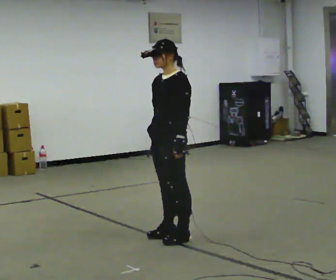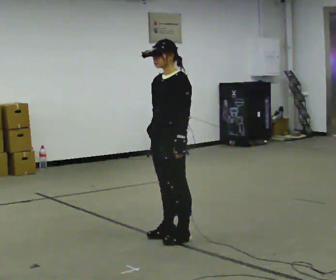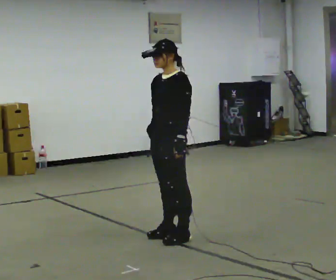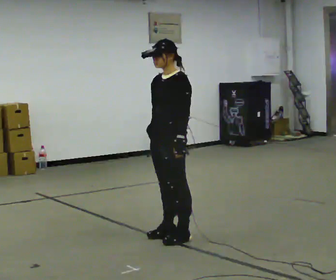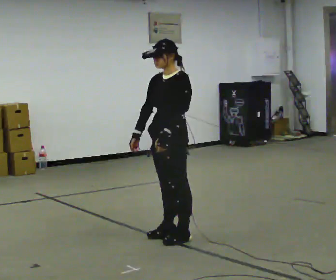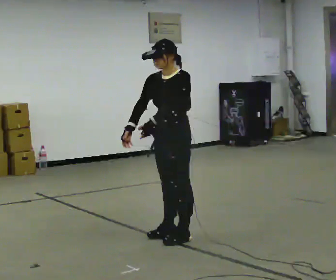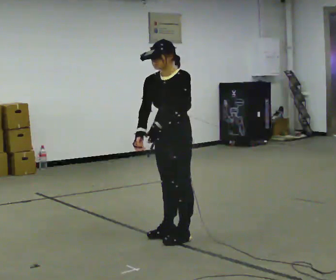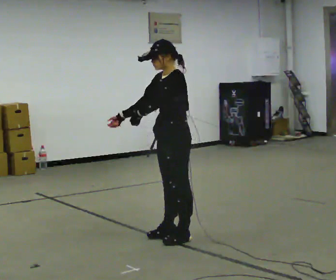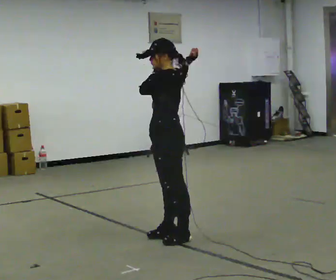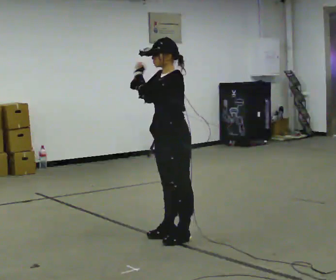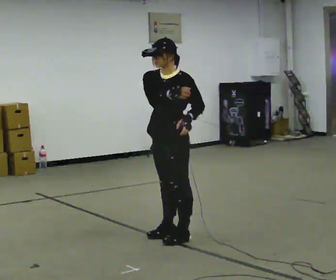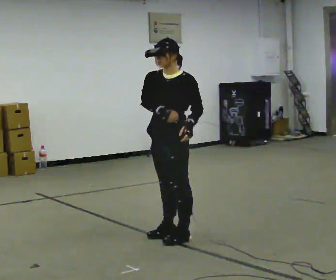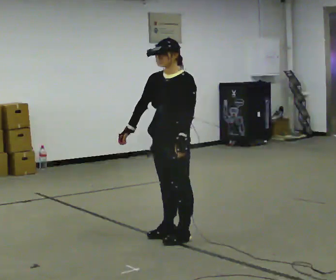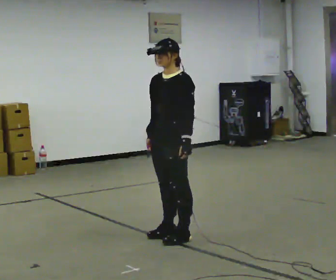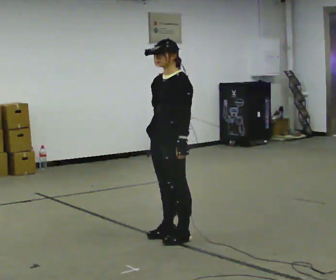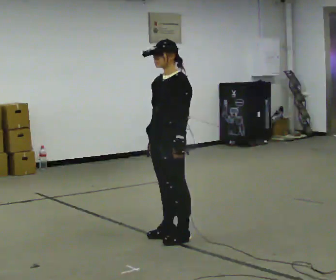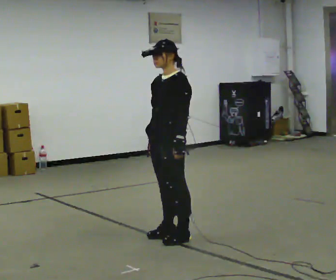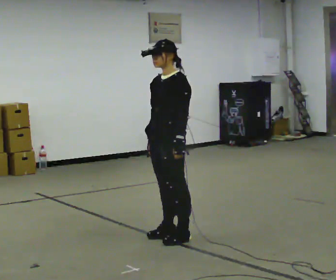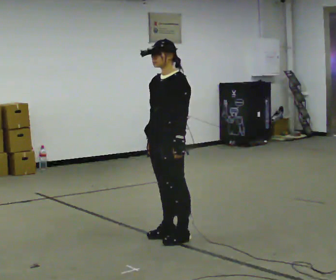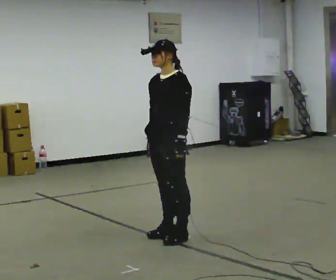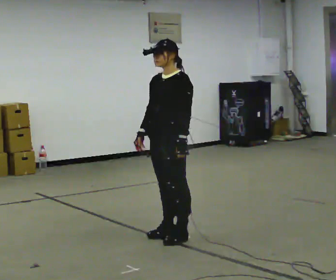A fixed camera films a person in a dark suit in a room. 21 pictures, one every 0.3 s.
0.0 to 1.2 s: The person moves a little, or ends about where they began.
1.2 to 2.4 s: The person turns about 30 degrees to their right, clockwise seen from above, so the part of the body nearest the lens slides to the left. In the picture their right hand goes upward and to the right.
2.4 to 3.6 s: Seen from above the body turns counterclockwise, about 45 degrees: to their left, with its near side sliding to the right. In the picture their right hand goes downward and to the left.
3.6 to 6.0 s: The person moves a little, or ends about where they began.
The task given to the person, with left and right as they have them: Mime a baseball swing with no bat: set your stance, stride, swing through. Repeat the movement at your own pace until the operator says stop; do not rush.
The film runs forward here.
